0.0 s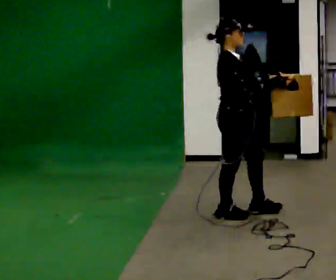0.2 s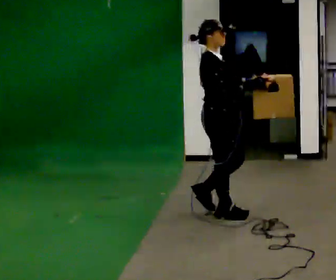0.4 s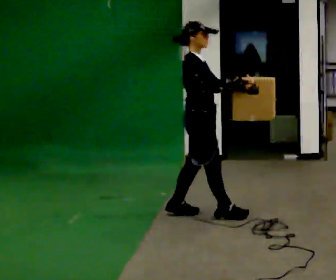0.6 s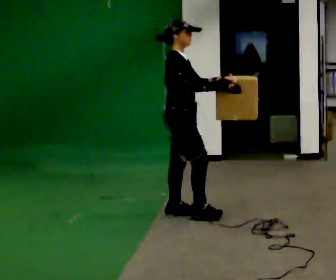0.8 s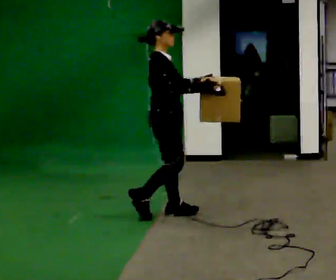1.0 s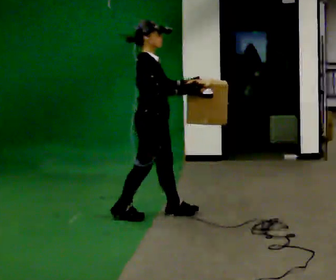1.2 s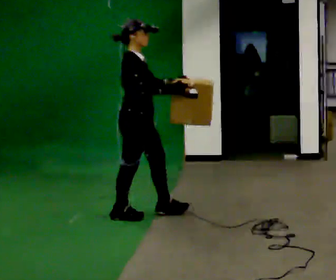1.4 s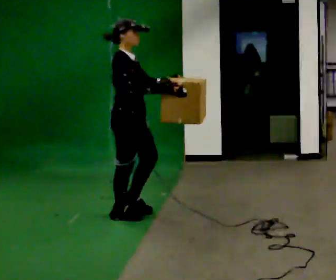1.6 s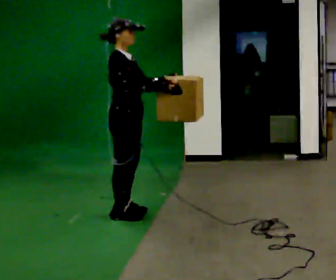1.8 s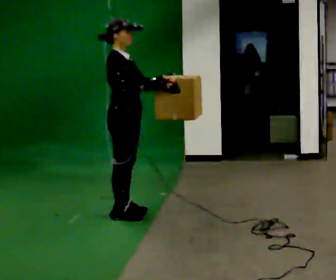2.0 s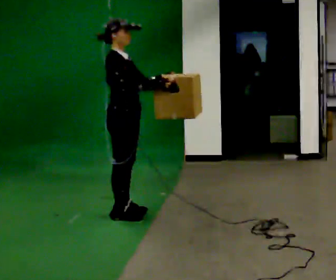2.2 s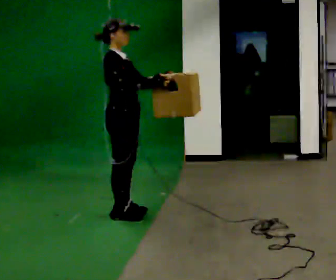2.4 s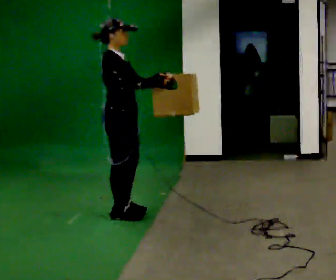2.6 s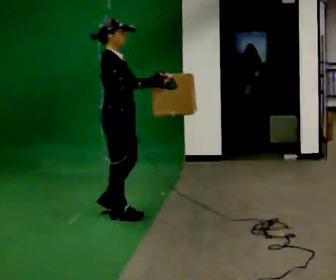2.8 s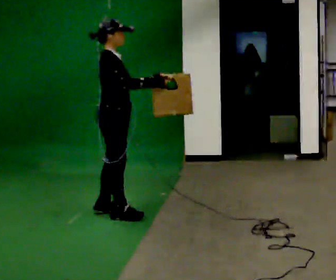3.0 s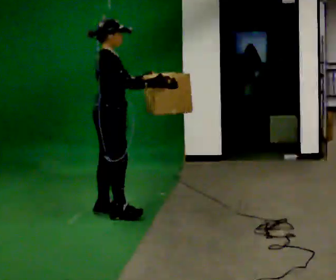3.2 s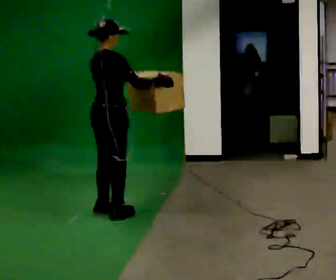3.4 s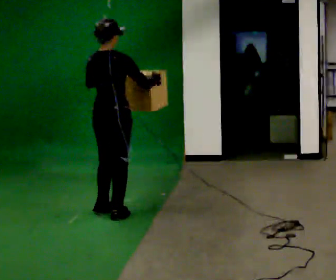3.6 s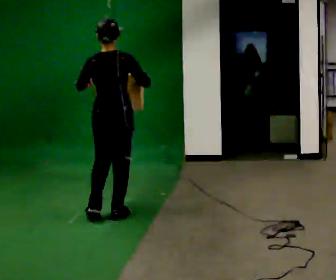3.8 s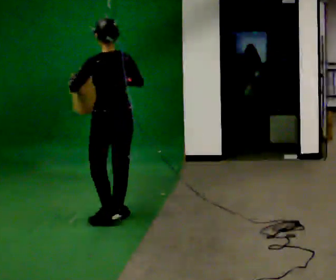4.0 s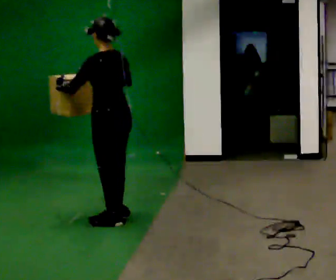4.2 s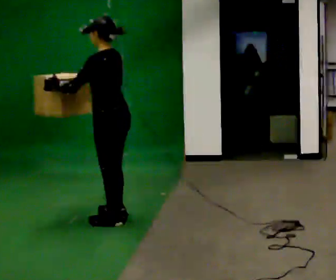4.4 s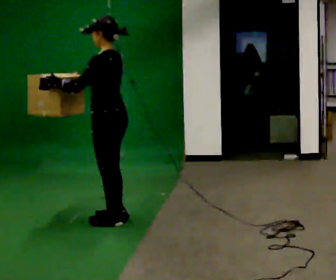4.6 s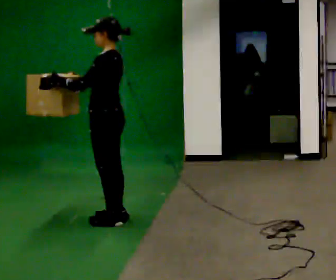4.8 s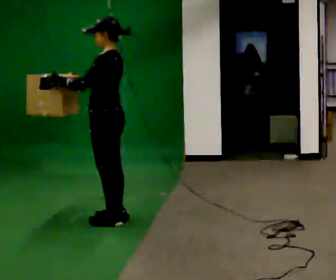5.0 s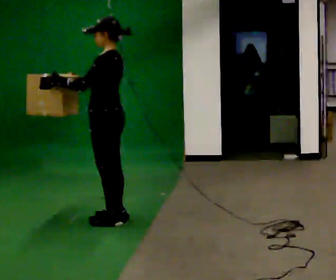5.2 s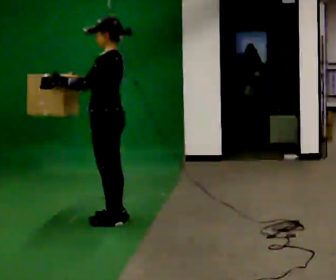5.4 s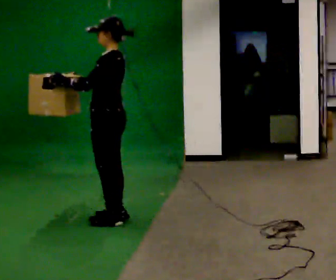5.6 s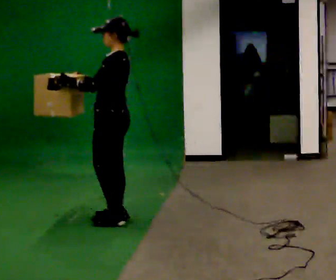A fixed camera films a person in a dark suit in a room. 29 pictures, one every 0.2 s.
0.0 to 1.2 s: In the picture they go to the left, about 1 m in 2 steps, which for them is backward.
1.2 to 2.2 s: The person moves a little, or ends about where they began.
2.2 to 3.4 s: Seen from above the body turns counterclockwise, about 75 degrees: to their left, with its near side sliding to the right.
3.4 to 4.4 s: The part of the body nearest the lens slides to the right as the person turns to their left by about 105 degrees. In the picture they go toward the camera, about 0.25 m. In the picture their right hand goes to the left.
4.4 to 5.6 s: The person moves a little, or ends about where they began.
The film runs backward here.
